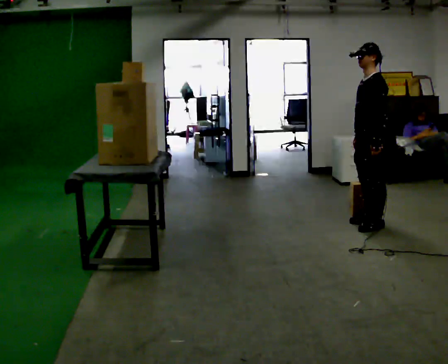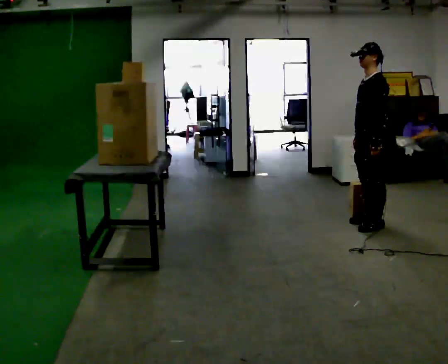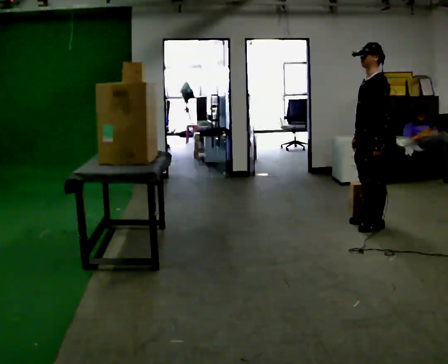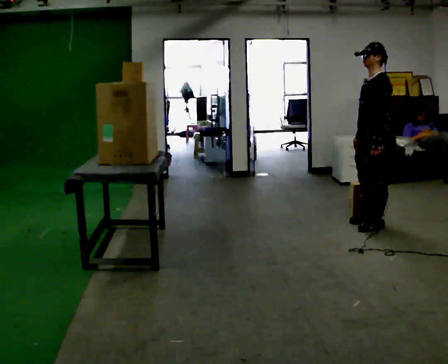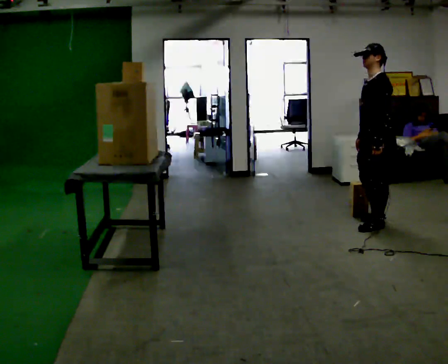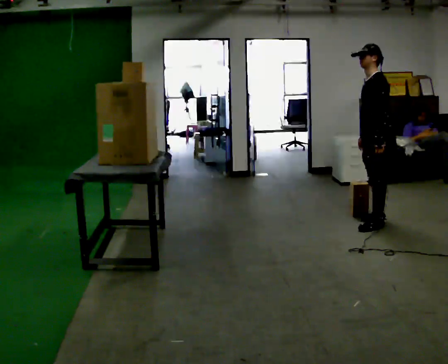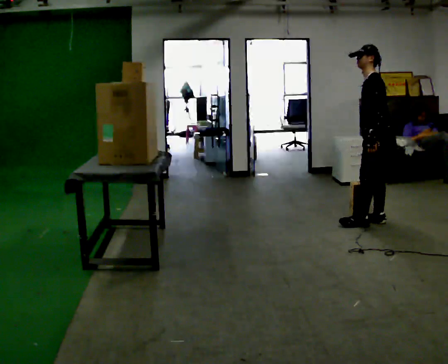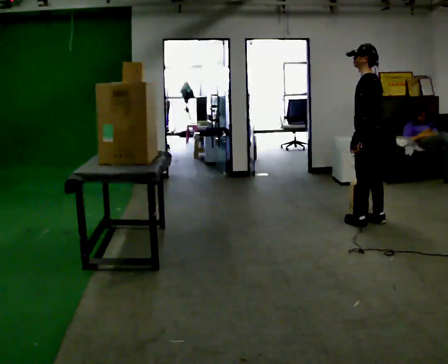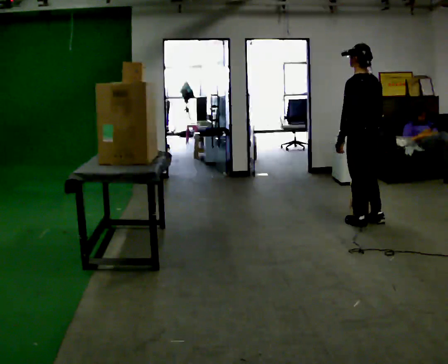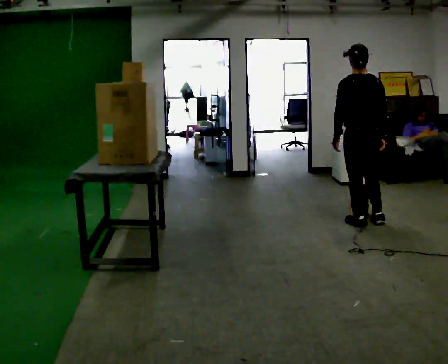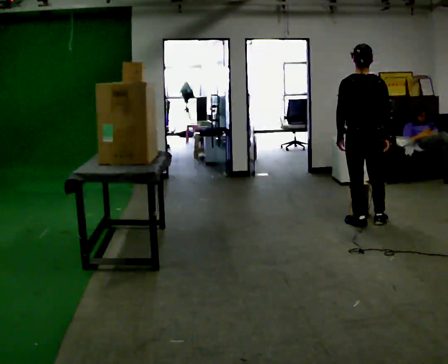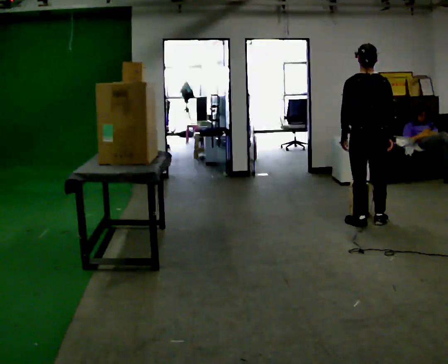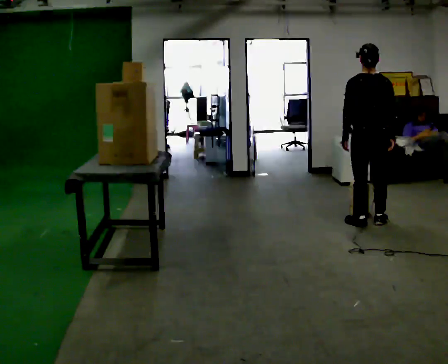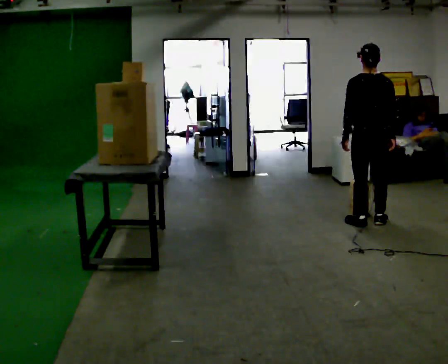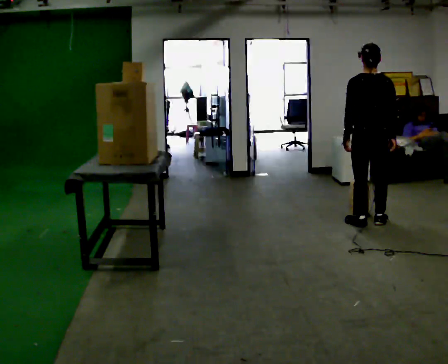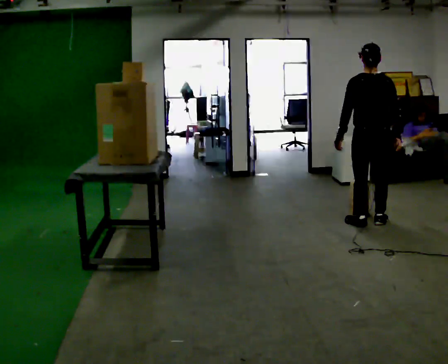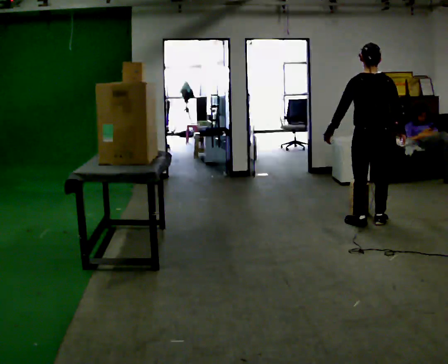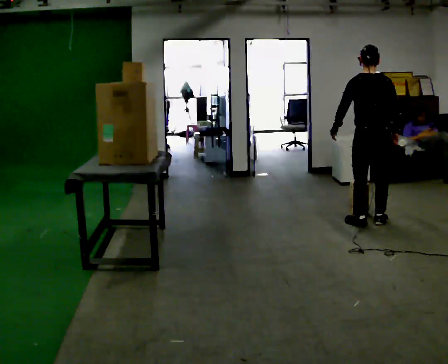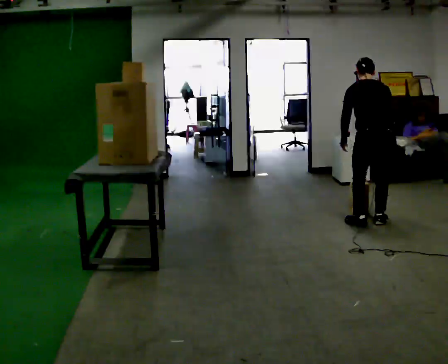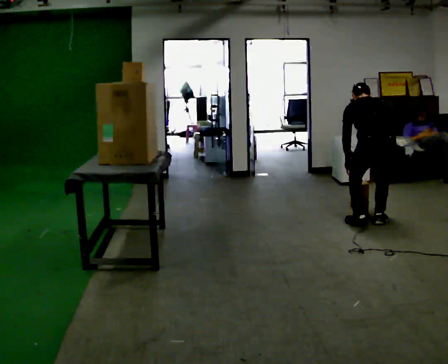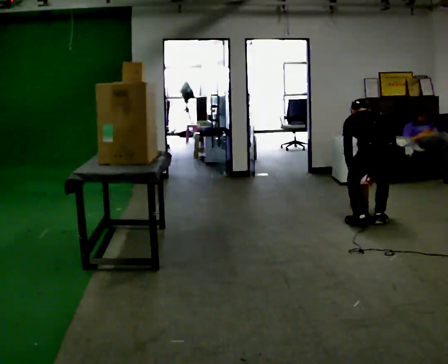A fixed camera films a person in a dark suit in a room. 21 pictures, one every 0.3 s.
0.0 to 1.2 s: The person moves a little, or ends about where they began.
1.2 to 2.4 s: The person turns about 60 degrees to their right, clockwise seen from above, so the part of the body nearest the lens slides to the left.
2.4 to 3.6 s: The part of the body nearest the lens slides to the left as the person turns to their right by about 30 degrees.
3.6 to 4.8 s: The person moves a little, or ends about where they began.
4.8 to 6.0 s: The shoulders move downward. The upper body tips away from the camera, its near side rolling upward, as they bend forward. In the picture their right hand goes downward.
The film runs backward here.
